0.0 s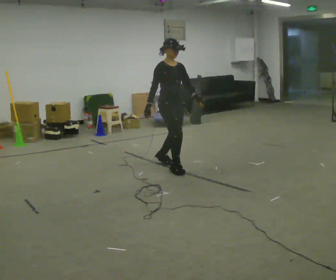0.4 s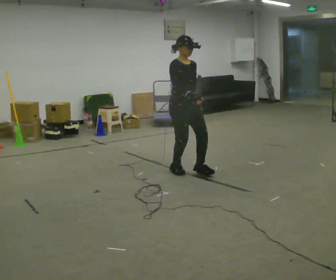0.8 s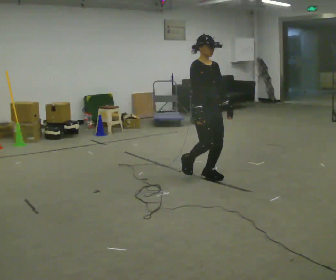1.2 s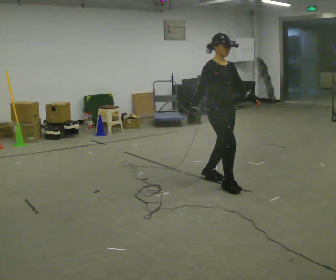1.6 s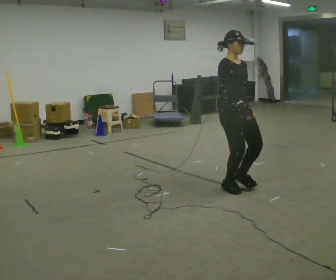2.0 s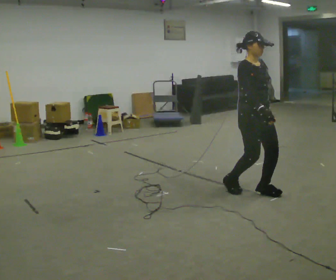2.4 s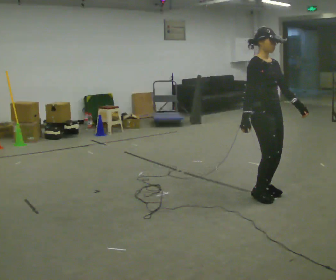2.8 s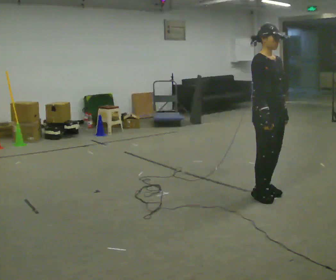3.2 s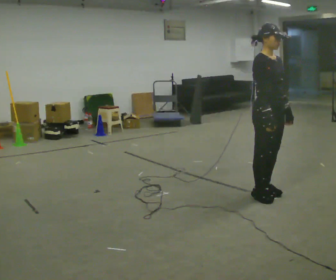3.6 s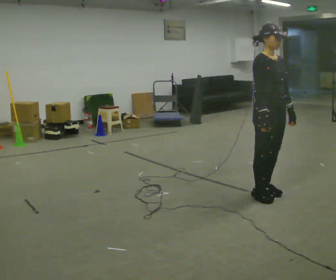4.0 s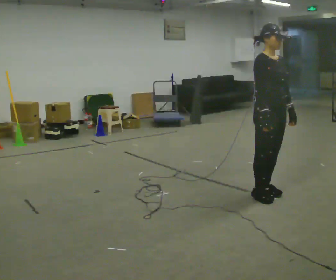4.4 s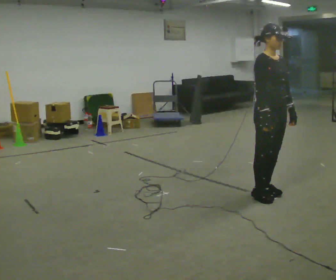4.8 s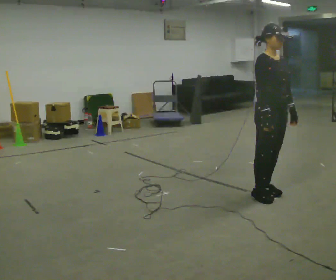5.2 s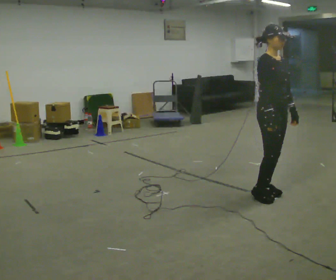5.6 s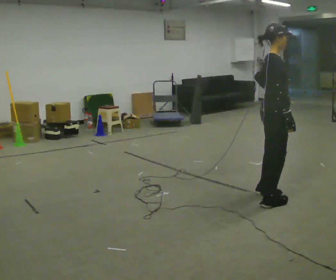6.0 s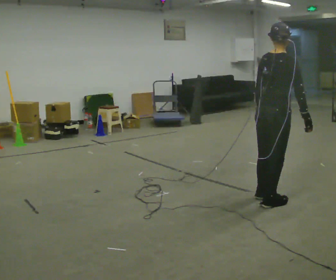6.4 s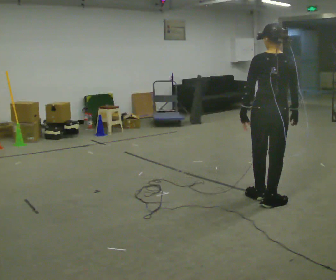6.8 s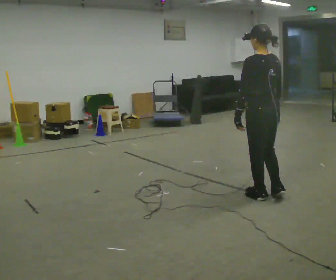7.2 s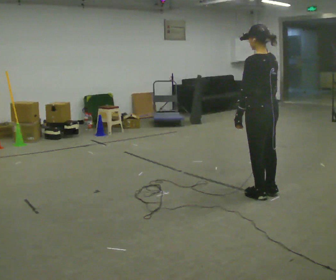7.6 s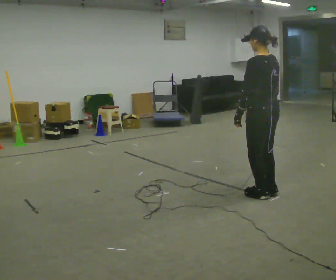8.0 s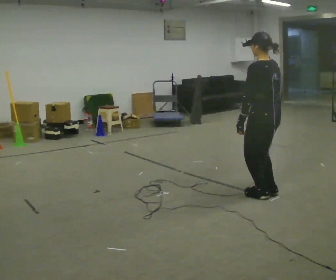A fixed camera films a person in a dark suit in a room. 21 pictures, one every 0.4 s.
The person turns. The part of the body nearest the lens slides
to the right.
The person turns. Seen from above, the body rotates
counterclockwise.
0.0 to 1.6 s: In the picture they go to the right and toward the camera, about 1 m in 2 steps, which for them is forward.
1.6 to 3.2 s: In the picture they go to the right and toward the camera, about 0.5 m in 2 steps, which for them is forward.
3.2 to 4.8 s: The person moves a little, or ends about where they began.
4.8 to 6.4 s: Seen from above the body turns counterclockwise, about 135 degrees: to their left, with its near side sliding to the right. In the picture their left hand goes to the left, the arm swinging clockwise.
6.4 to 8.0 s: The part of the body nearest the lens slides to the right as the person turns to their left by about 45 degrees. In the picture they go away from the camera, about 0.25 m in 1 step, which for them is forward and to their right.
The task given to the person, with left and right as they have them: Walk forward in a lowered crouched posture at a comfortable speed; do not go lower than is comfortable; stop.
The film runs forward here.
